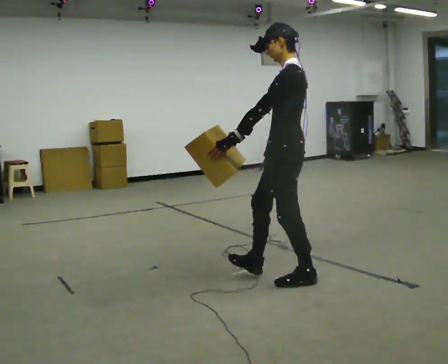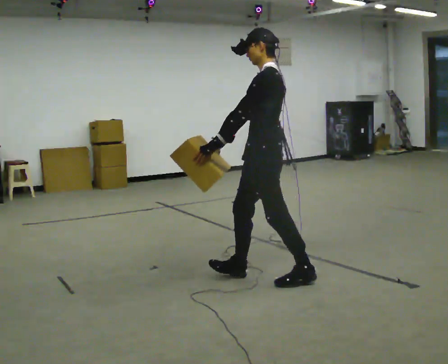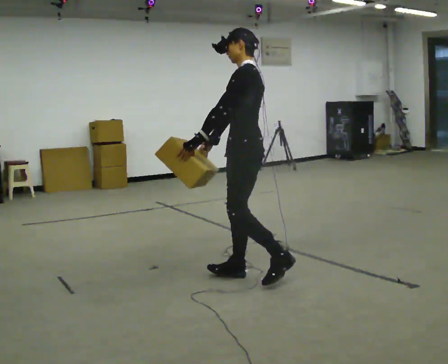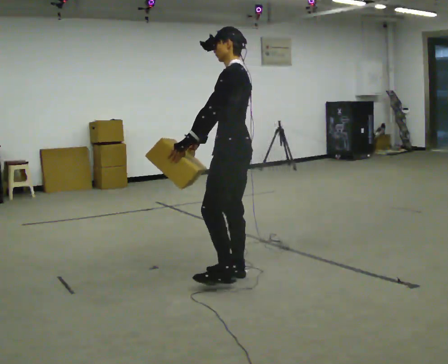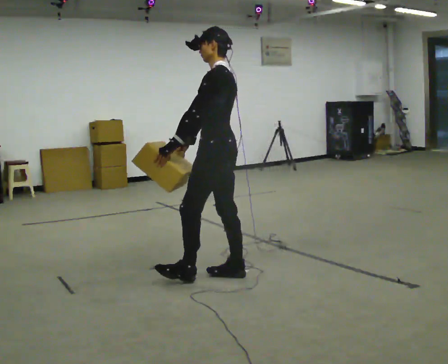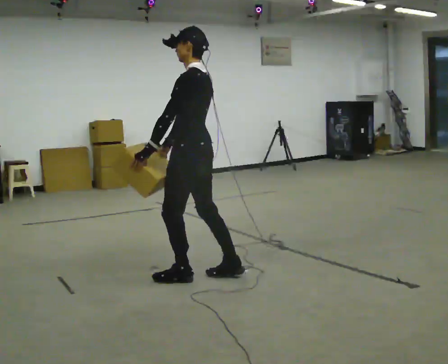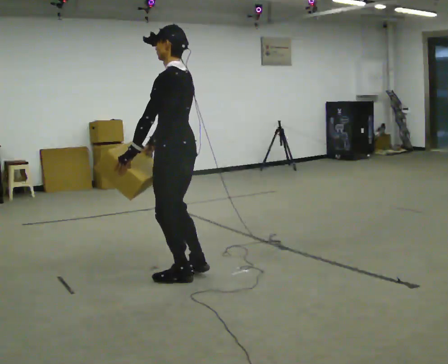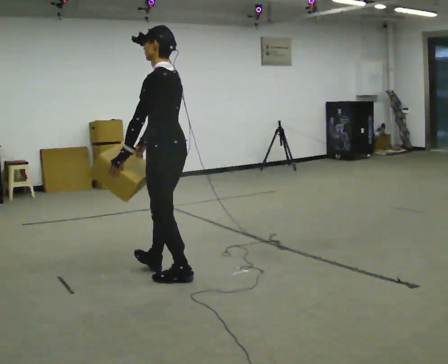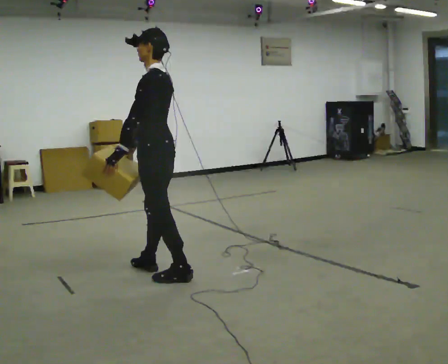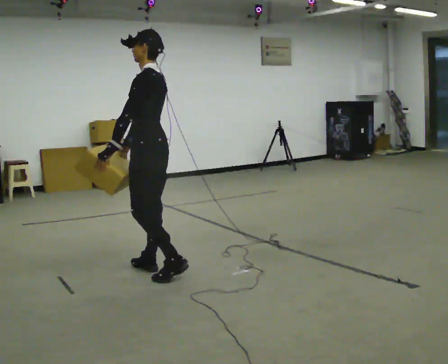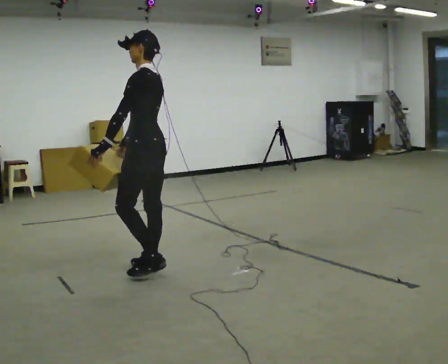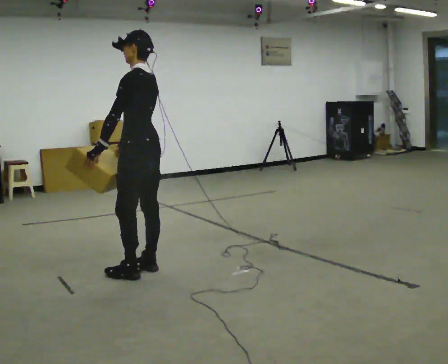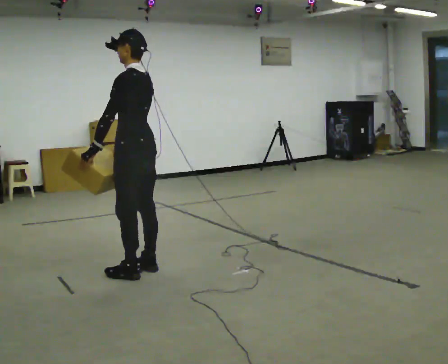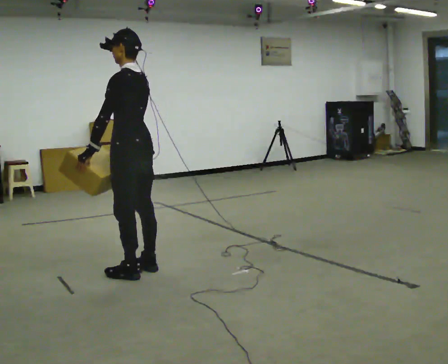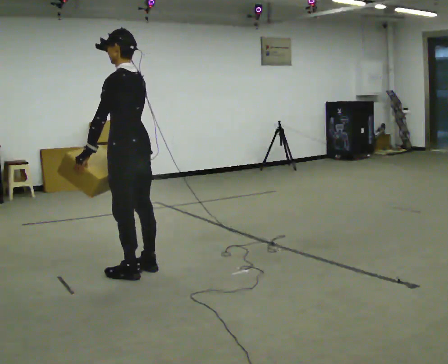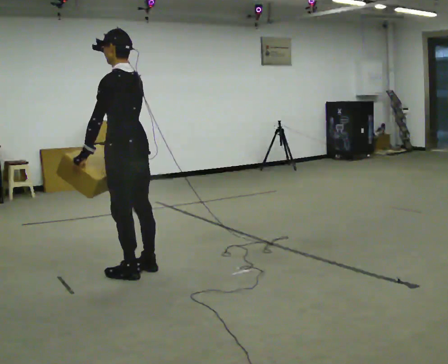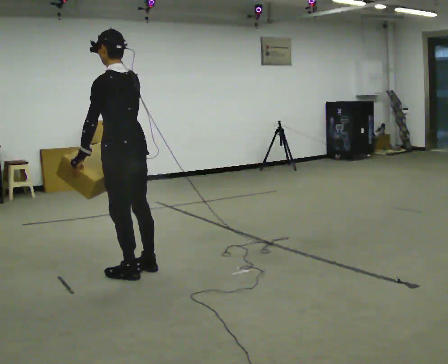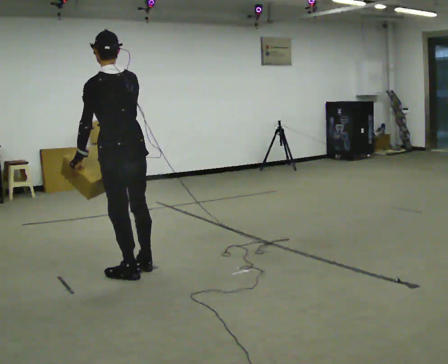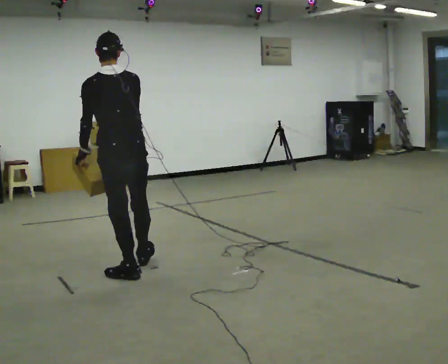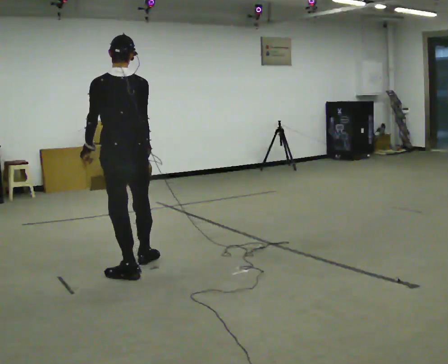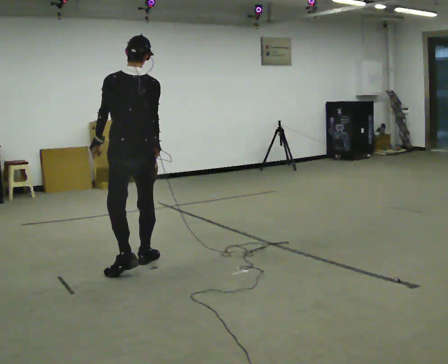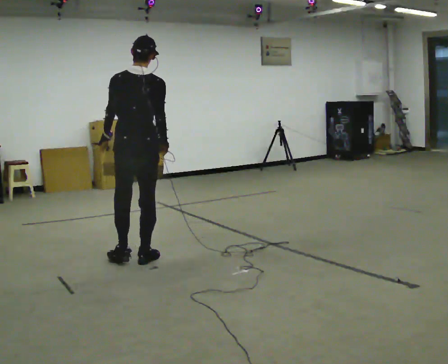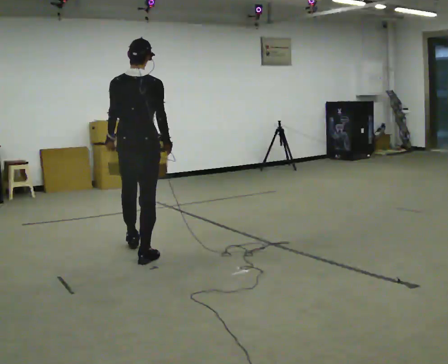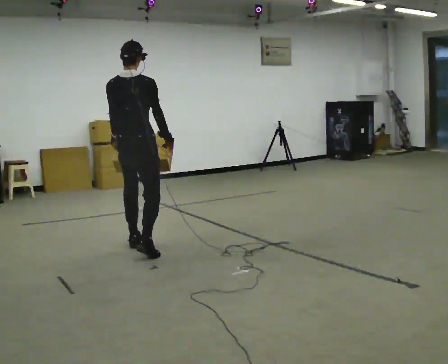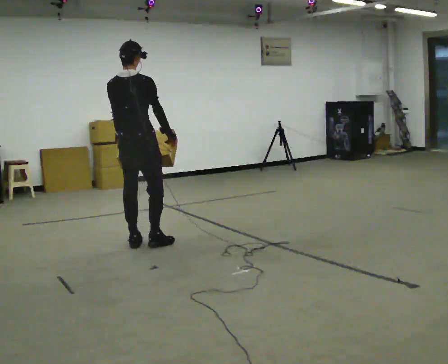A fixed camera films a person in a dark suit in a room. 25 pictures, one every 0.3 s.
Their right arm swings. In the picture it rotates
counterclockwise.
0.0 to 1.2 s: In the picture they go to the left and away from the camera, about 0.5 m in 1 step, which for them is forward.
1.2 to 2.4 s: In the picture they go to the left, about 0.5 m in 2 steps, which for them is forward.
2.4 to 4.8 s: The part of the body nearest the lens slides to the left as the person turns to their right by about 30 degrees. In the picture they go to the left, about 0.25 m in 1 step, which for them is forward.
4.8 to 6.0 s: The part of the body nearest the lens slides to the left as the person turns to their right by about 30 degrees. In the picture they go away from the camera, about 0.25 m in 1 step, which for them is forward and to their right.
6.0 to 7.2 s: Seen from above the body turns clockwise, about 30 degrees: to their right, with its near side sliding to the left. In the picture they go away from the camera, about 0.5 m in 1 step, which for them is forward.
The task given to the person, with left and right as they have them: Carry the medium box in both hands in front of you, walking back and forth across the room. Keep walking until the operator says stop.
The film runs forward here.
